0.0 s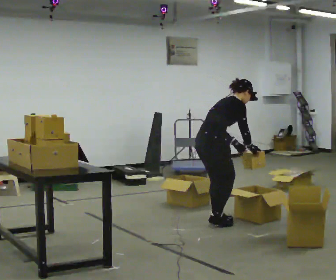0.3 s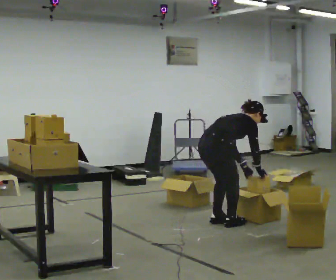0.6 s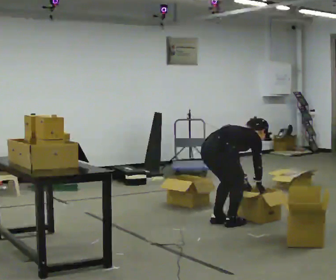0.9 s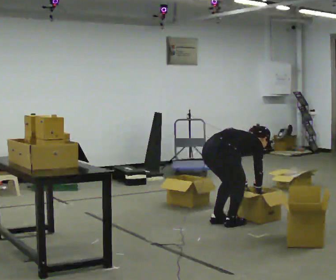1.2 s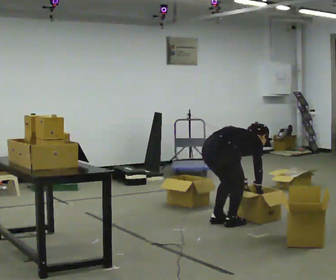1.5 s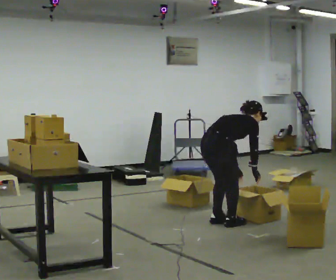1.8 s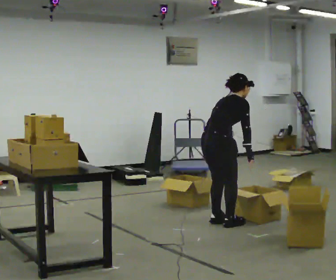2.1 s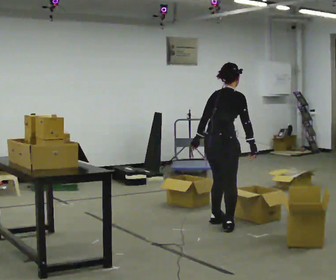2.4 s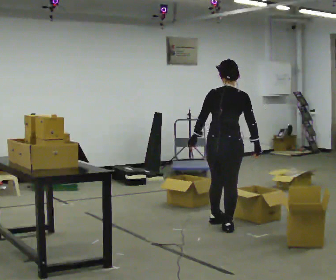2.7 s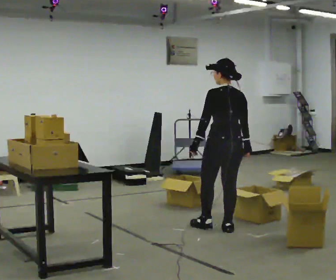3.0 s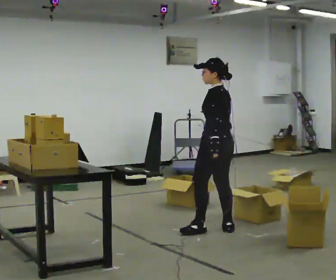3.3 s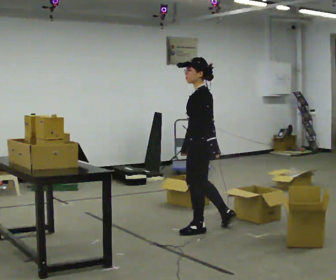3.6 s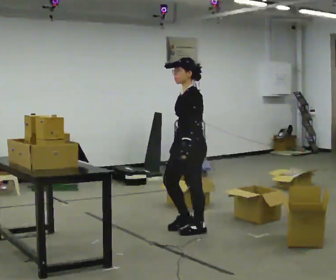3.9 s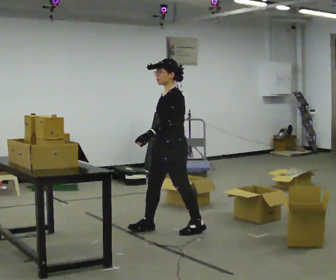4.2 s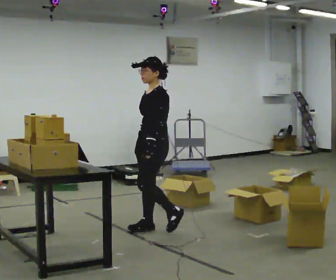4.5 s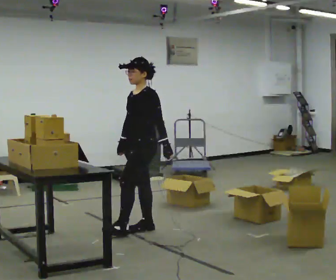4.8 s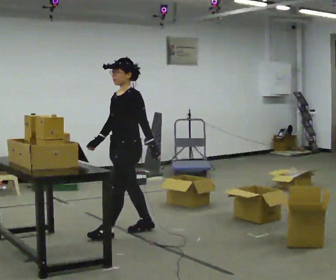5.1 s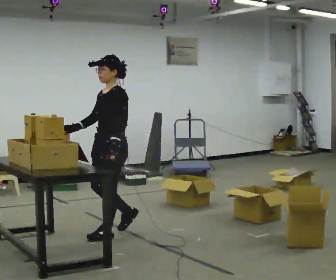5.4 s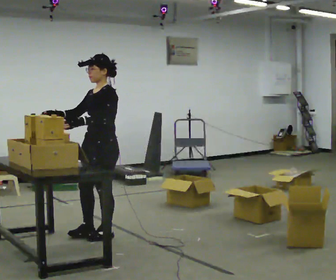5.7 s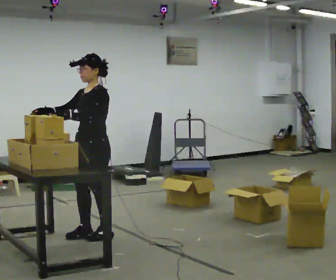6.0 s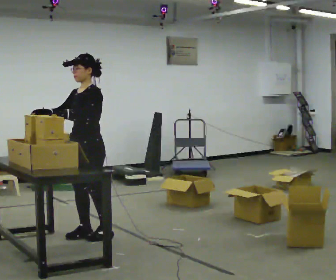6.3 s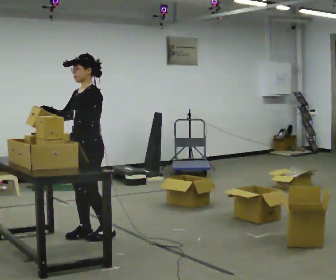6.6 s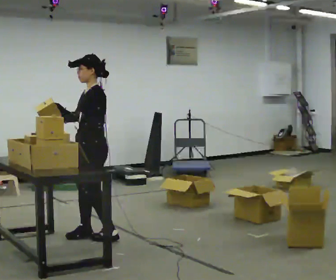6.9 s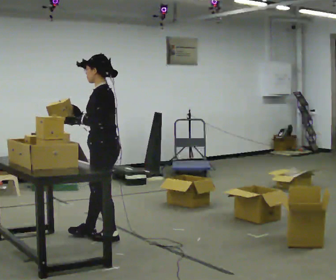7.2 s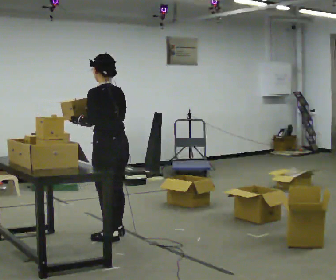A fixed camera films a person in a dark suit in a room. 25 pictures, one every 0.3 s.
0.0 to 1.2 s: The upper body goes downward. The upper body tips away from the camera, its near side rolling upward, as they bend forward. In the picture their left hand goes downward.
1.2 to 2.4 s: The person turns about 30 degrees to their left, counterclockwise seen from above, so the part of the body nearest the lens slides to the right. The shoulders move upward. In the picture the upper body tilts counterclockwise, shoulders to the left, as they lean back or straighten. In the picture their left hand goes to the left and upward.
2.4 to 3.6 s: The part of the body nearest the lens slides to the right as the person turns to their left by about 135 degrees. In the picture they go to the left, about 0.25 m in 1 step.
3.6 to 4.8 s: In the picture they go to the left, about 0.5 m in 2 steps, which for them is forward.
4.8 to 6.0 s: In the picture they go to the left and toward the camera, about 0.25 m in 1 step, which for them is forward.
6.0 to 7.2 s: The person turns about 75 degrees to their right, clockwise seen from above, so the part of the body nearest the lens slides to the left. In the picture they go to the right, about 0.25 m. In the picture their right hand goes to the right.
The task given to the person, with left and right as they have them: 1. Take the objects out of the box on the table one at a time. 2. Put each one in the bin the operator has labelled for it. 3. Tell the operator when you are finished.
The film runs forward here.
